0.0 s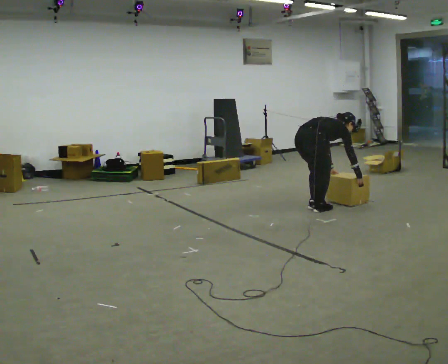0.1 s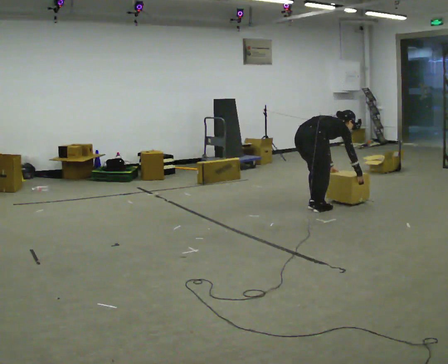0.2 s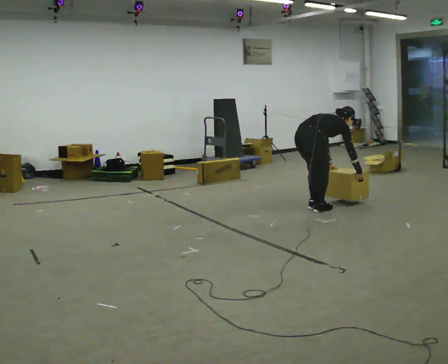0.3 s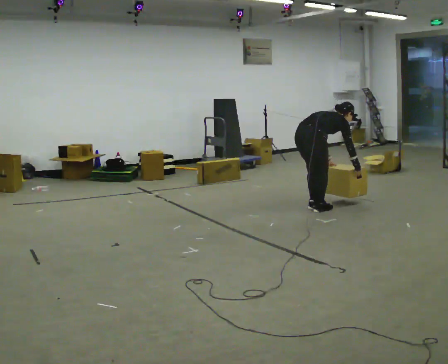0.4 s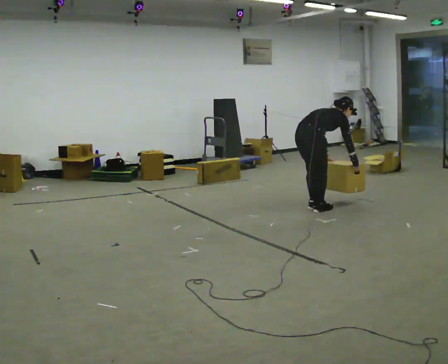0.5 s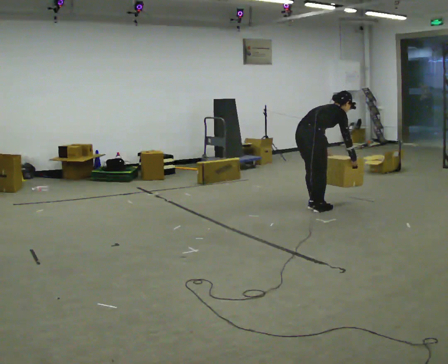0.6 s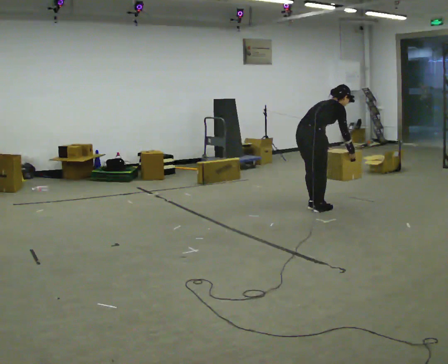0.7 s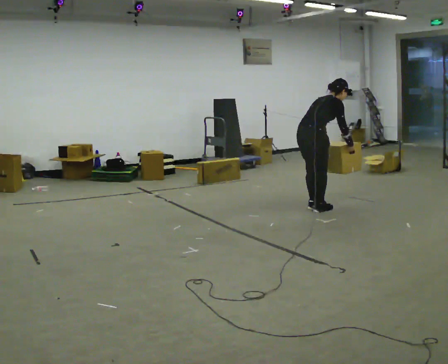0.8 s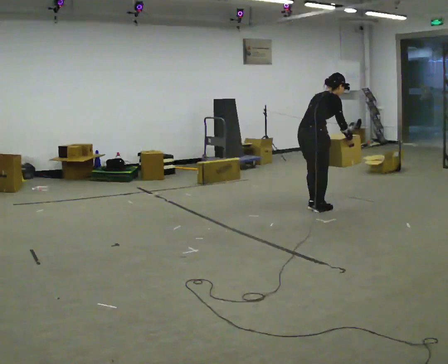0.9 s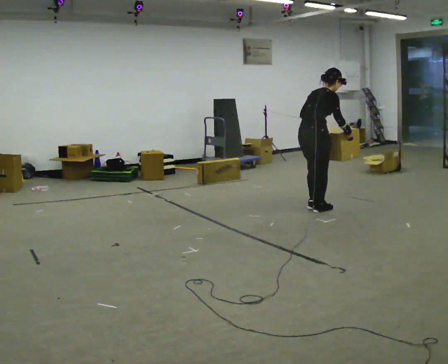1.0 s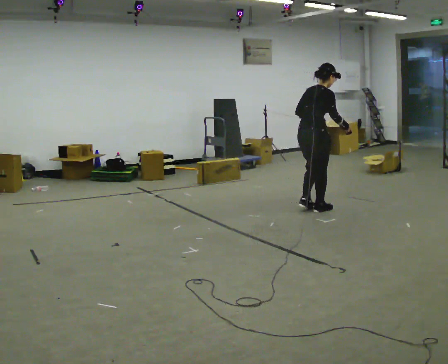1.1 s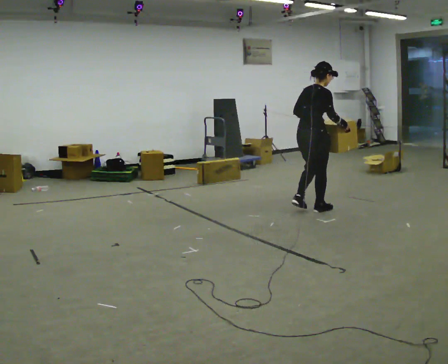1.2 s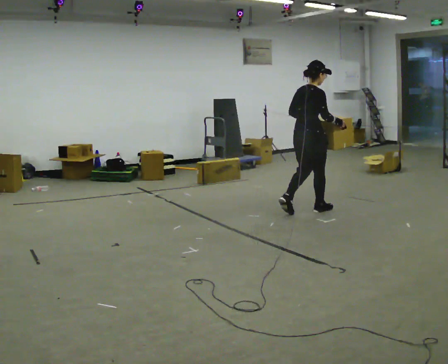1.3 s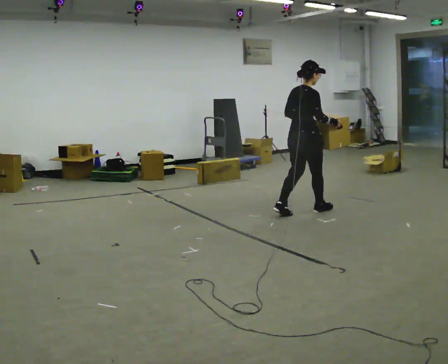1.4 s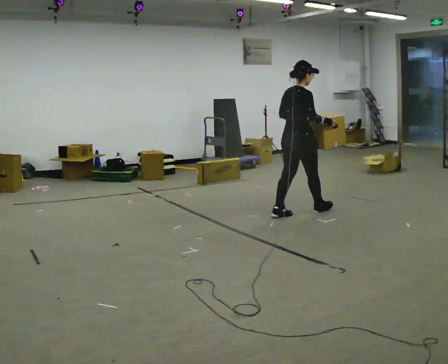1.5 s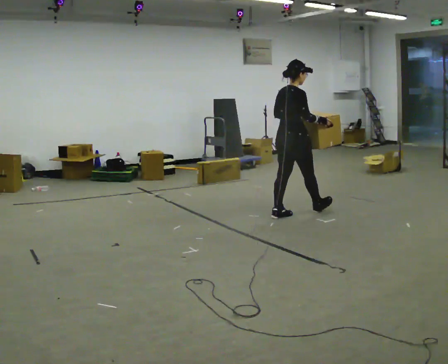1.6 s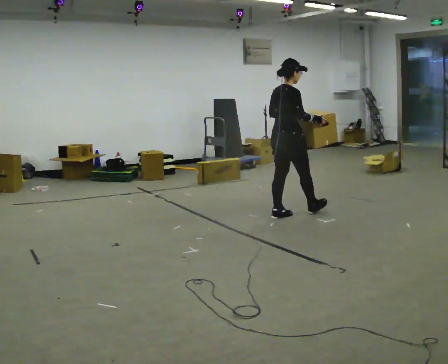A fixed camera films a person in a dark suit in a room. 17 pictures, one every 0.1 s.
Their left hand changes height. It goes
upward.
Their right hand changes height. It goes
upward.
0.0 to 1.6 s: In the picture they go toward the camera and to the left, about 0.25 m in 2 steps, which for them is backward. The shoulders move upward. In the picture the upper body tilts counterclockwise, shoulders to the left, as they lean back or straighten. In the picture their right hand goes upward.
The film runs backward here.
